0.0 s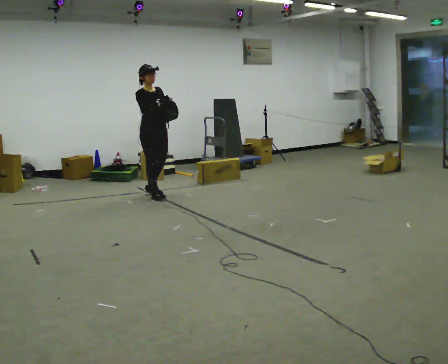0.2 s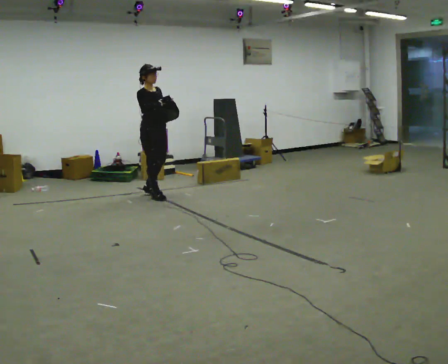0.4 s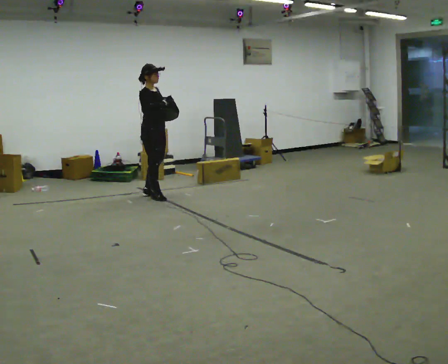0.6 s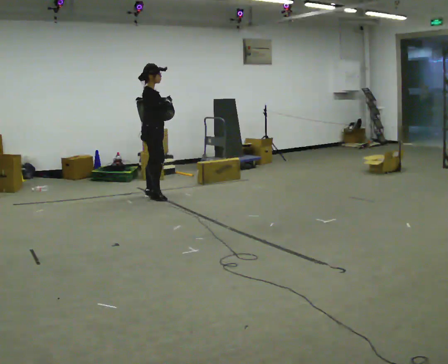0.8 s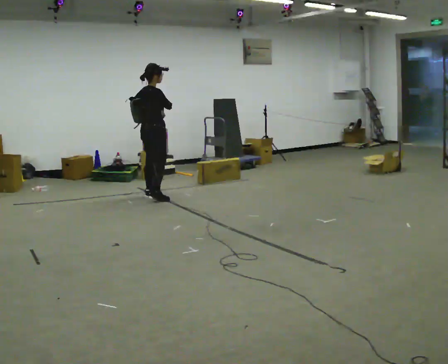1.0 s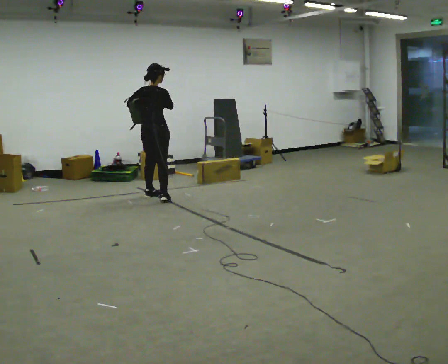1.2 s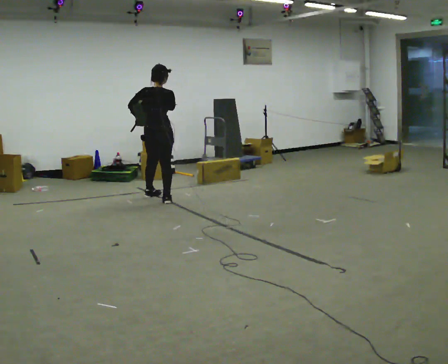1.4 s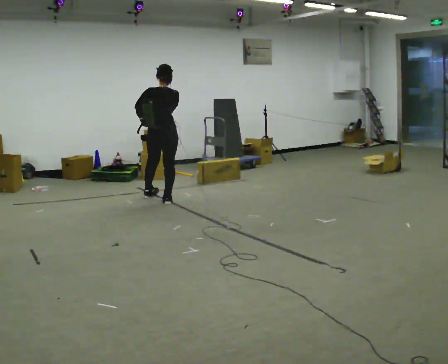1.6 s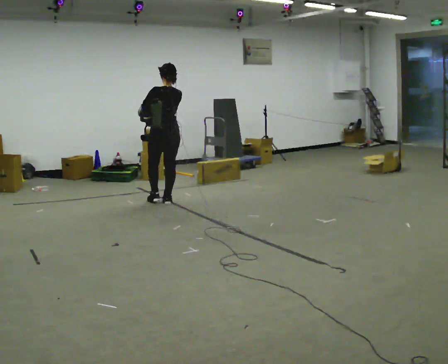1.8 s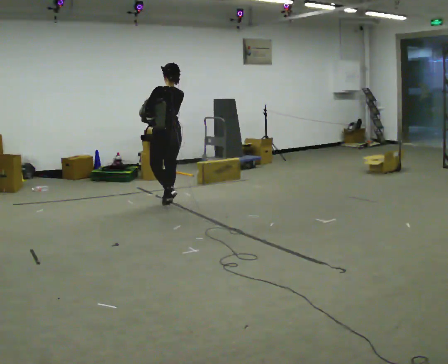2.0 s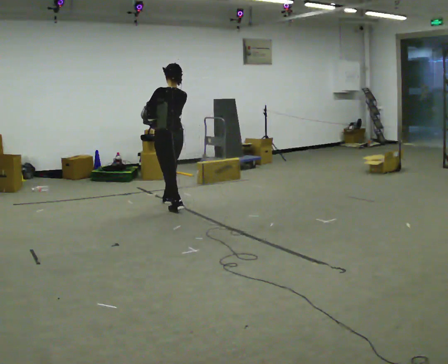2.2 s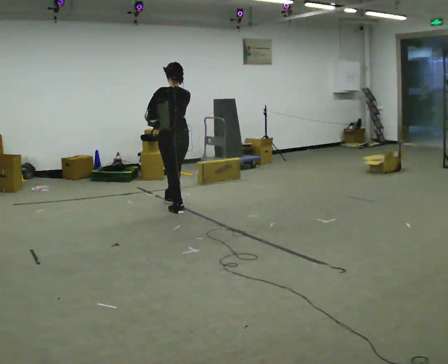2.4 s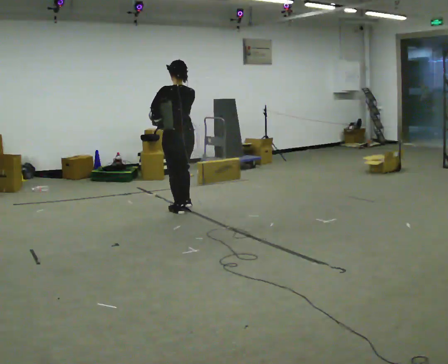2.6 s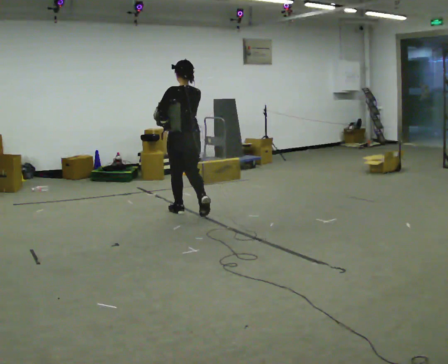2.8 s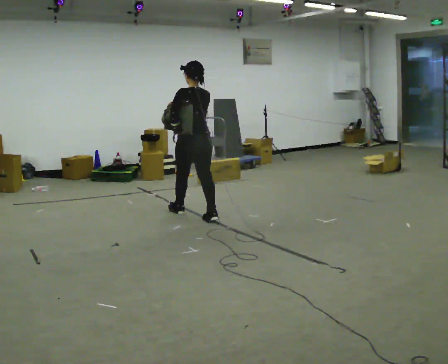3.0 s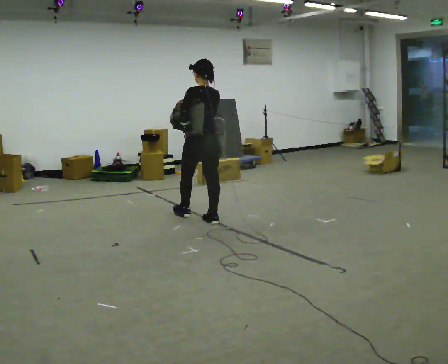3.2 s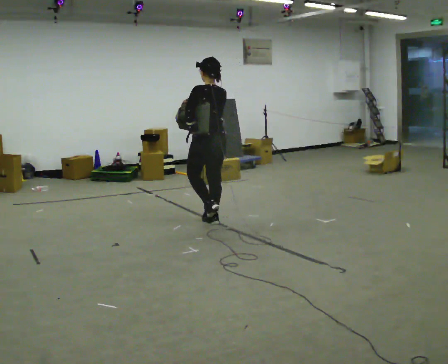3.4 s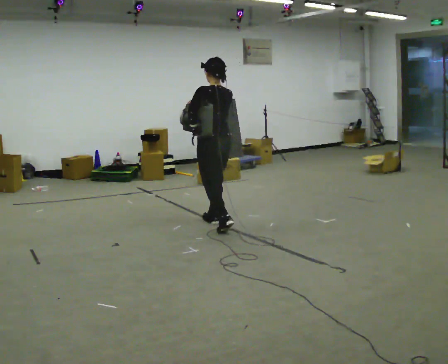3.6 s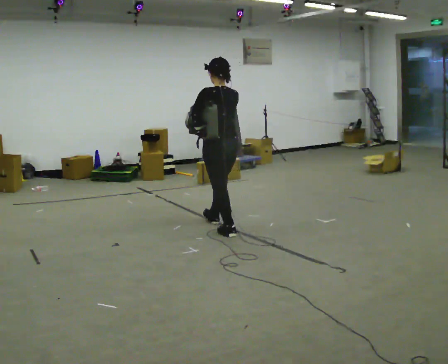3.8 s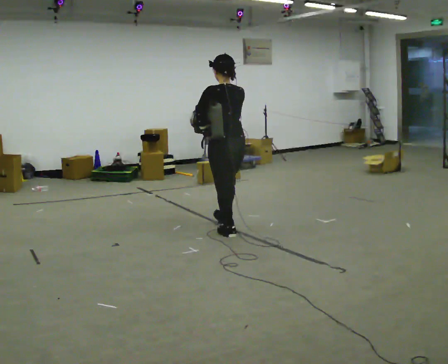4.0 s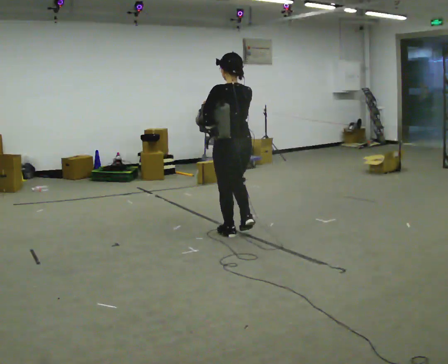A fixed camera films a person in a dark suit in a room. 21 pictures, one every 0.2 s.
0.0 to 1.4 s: Seen from above the body turns counterclockwise, about 135 degrees: to their left, with its near side sliding to the right. In the picture they go toward the camera, about 0.25 m in 2 steps.
1.4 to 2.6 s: In the picture they go toward the camera and to the right, about 0.75 m in 1 step, which for them is backward.
2.6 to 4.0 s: In the picture they go toward the camera and to the right, about 1 m in 2 steps, which for them is backward.
The film runs backward here.
